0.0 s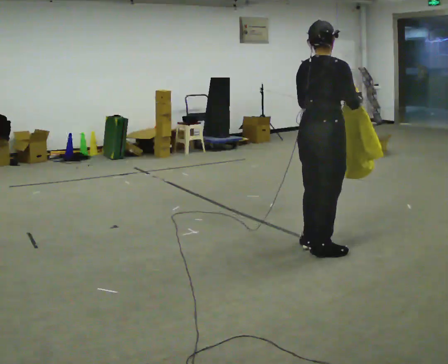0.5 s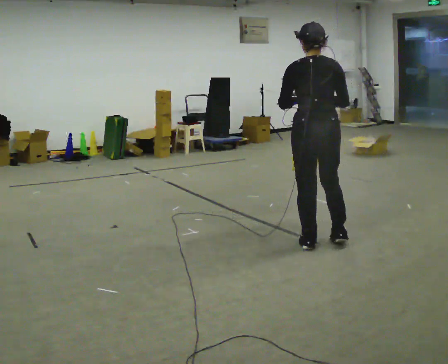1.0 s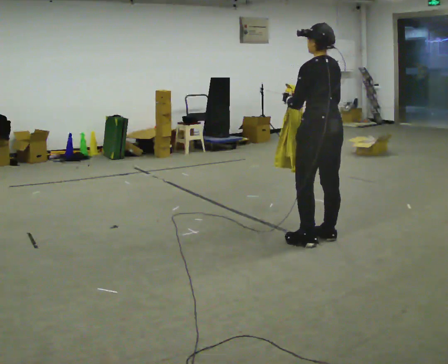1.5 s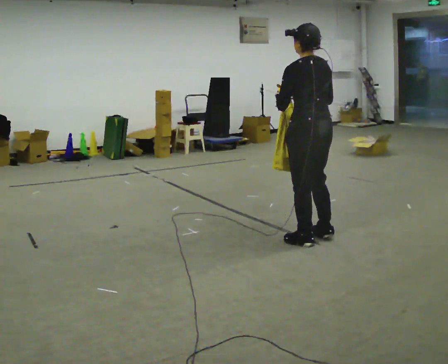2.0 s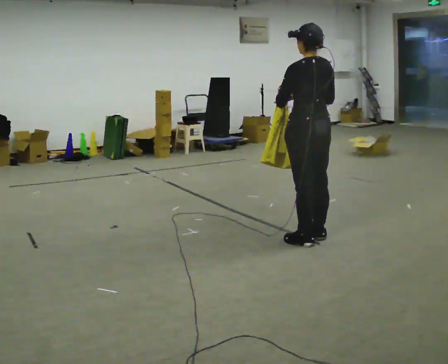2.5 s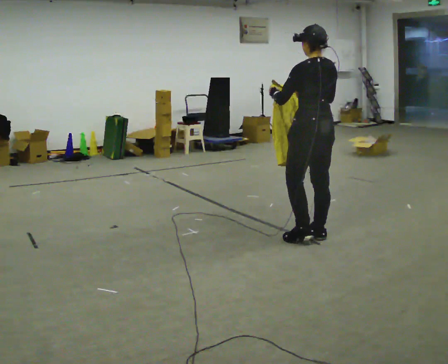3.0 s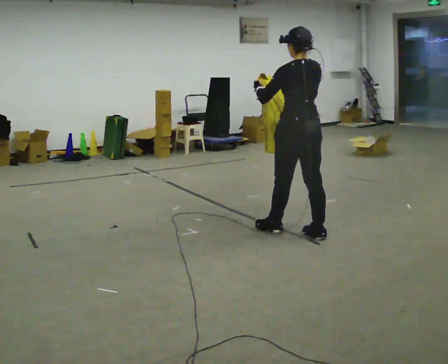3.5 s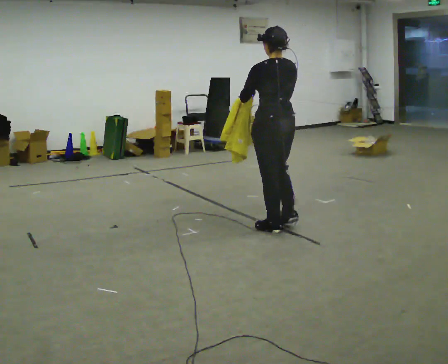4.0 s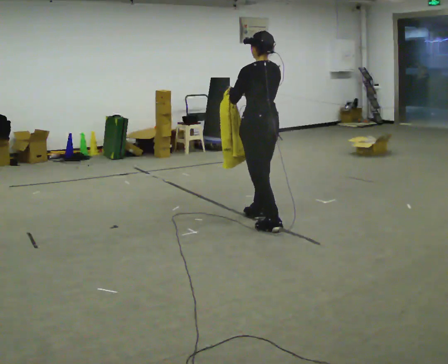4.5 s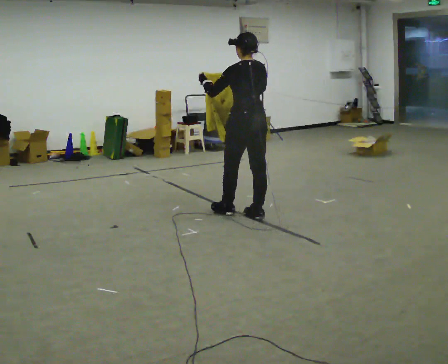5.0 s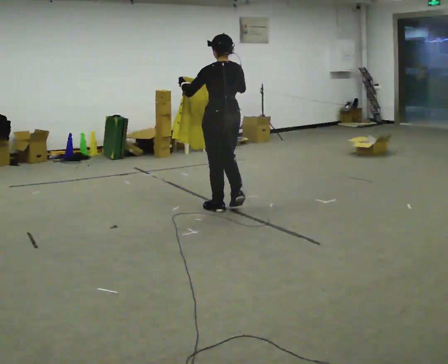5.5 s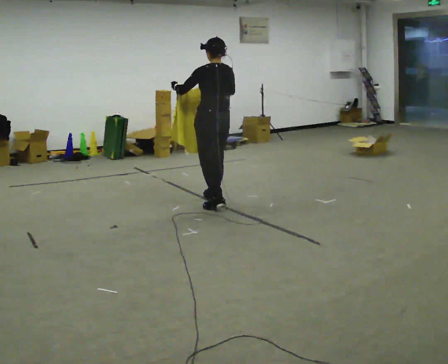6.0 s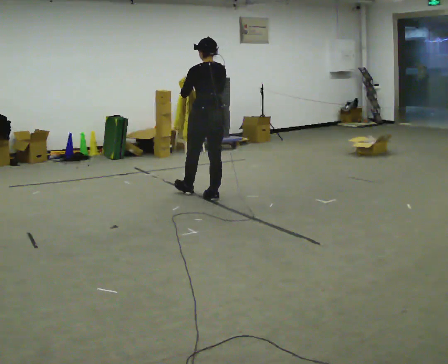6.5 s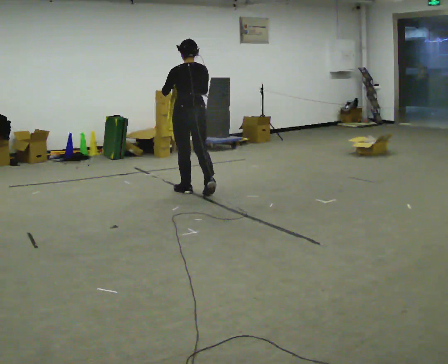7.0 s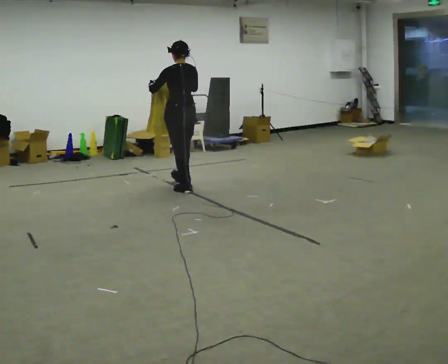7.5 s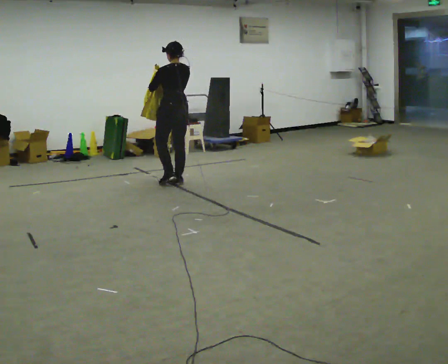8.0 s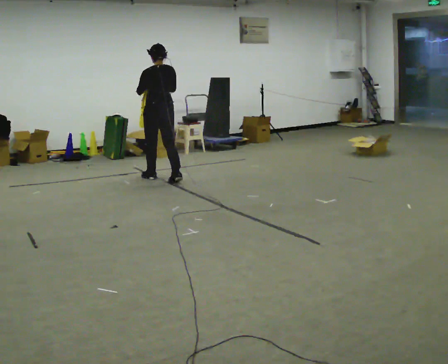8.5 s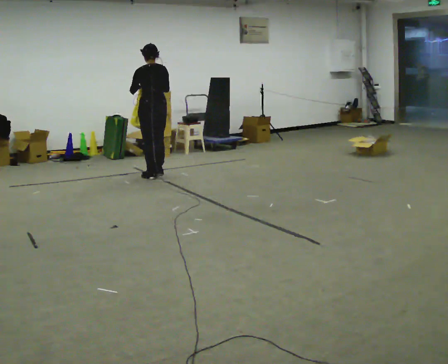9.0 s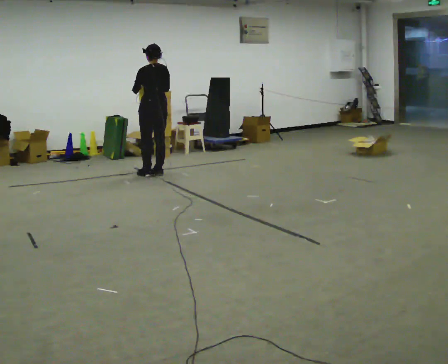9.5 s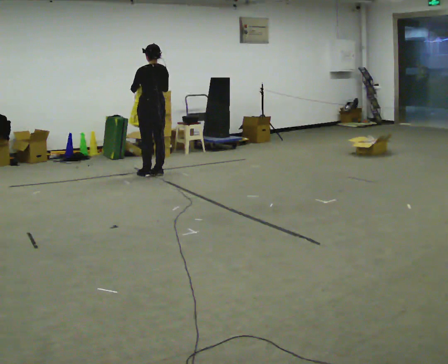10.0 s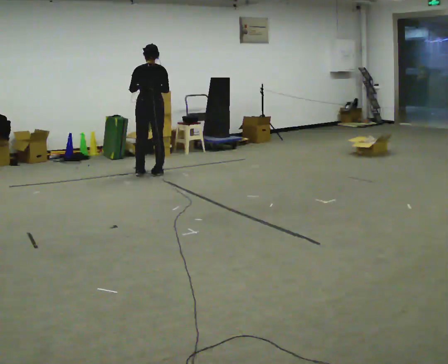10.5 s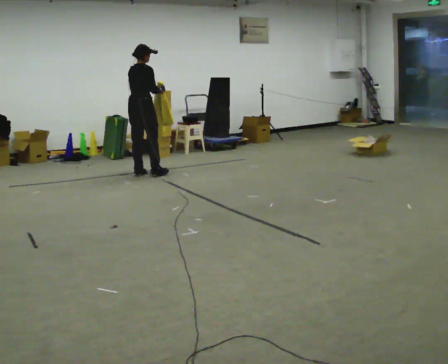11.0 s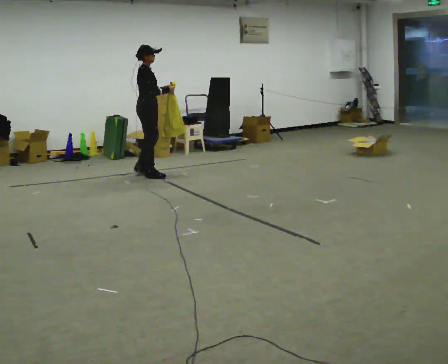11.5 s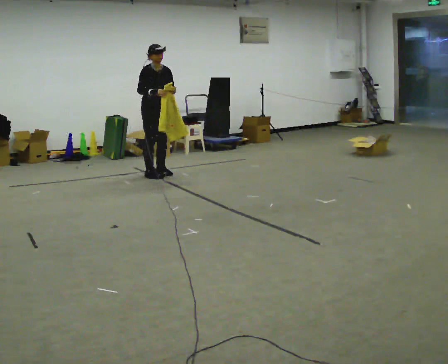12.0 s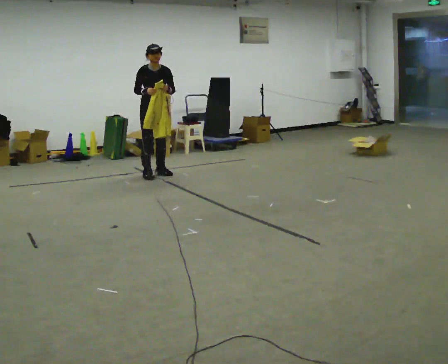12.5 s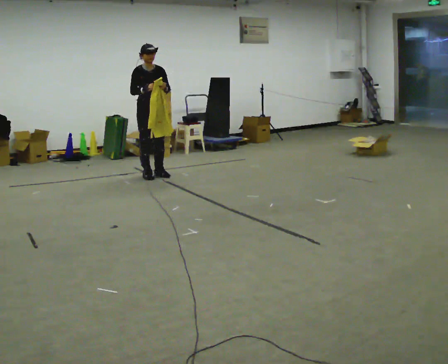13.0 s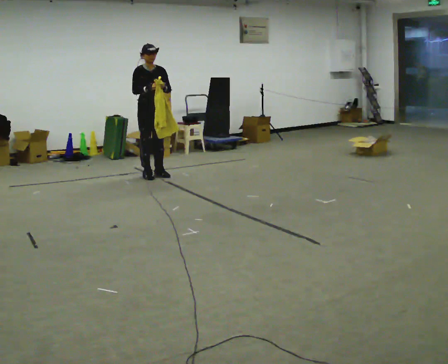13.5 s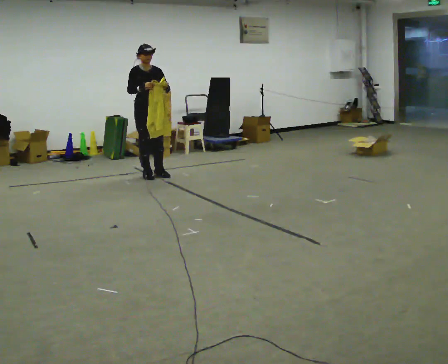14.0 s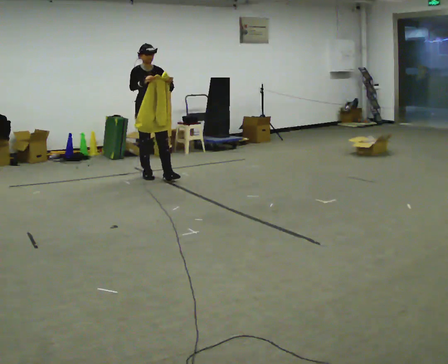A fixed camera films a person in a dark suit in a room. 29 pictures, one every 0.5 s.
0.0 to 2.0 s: The part of the body nearest the lens slides to the right as the person turns to their left by about 75 degrees. In the picture they go away from the camera, about 0.25 m in 1 step.
2.0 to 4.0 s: In the picture they go away from the camera and to the left, about 0.5 m in 2 steps, which for them is forward.
4.0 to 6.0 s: In the picture they go away from the camera and to the left, about 1 m in 2 steps, which for them is forward.
6.0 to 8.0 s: In the picture they go away from the camera and to the left, about 1 m in 3 steps, which for them is forward.
8.0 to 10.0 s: In the picture they go away from the camera, about 0.25 m in 2 steps, which for them is forward.
10.0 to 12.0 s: Seen from above the body turns clockwise, about 165 degrees: to their right, with its near side sliding to the left. In the picture their left hand goes to the right.
12.0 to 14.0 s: In the picture they go toward the camera, about 0.25 m in 1 step, which for them is forward.
The film runs forward here.
